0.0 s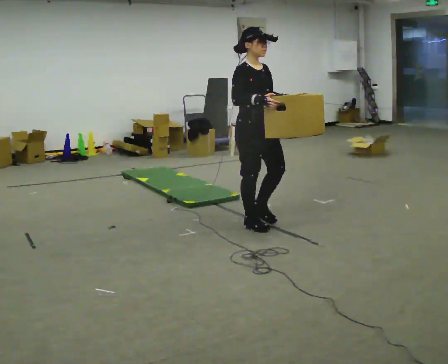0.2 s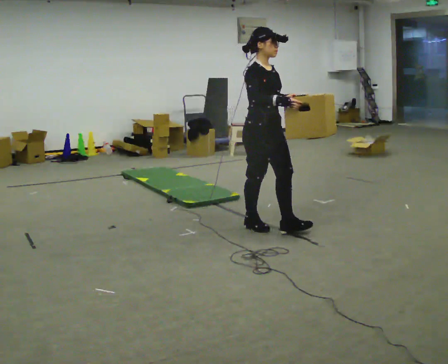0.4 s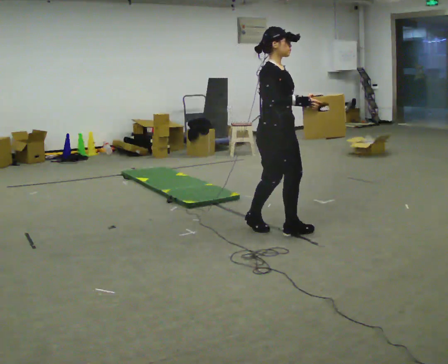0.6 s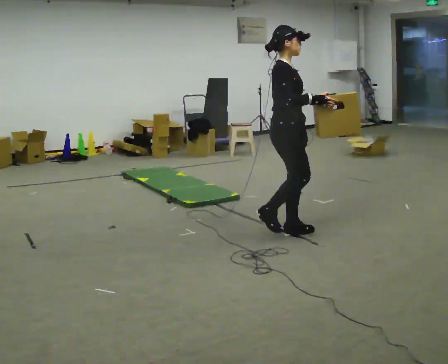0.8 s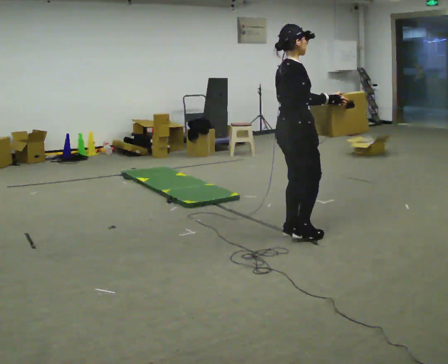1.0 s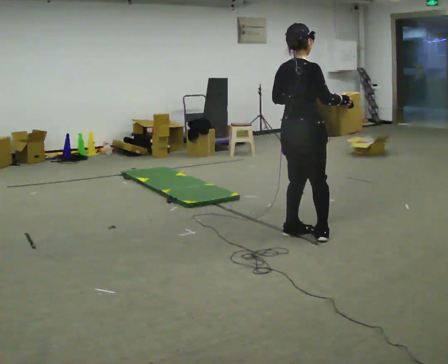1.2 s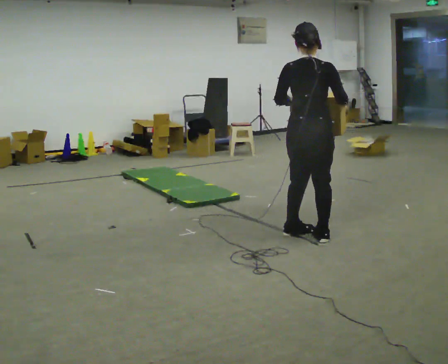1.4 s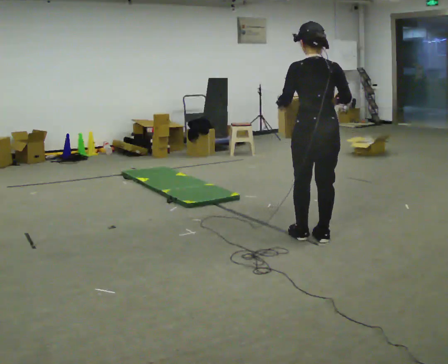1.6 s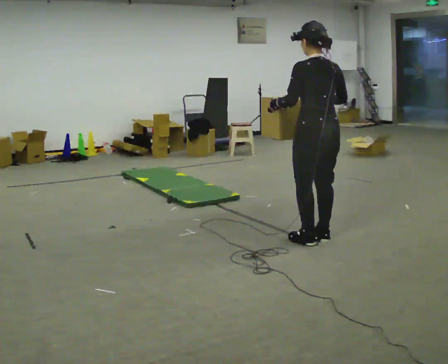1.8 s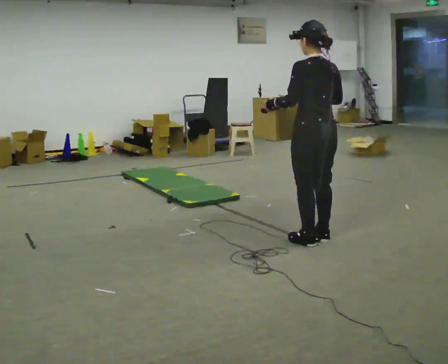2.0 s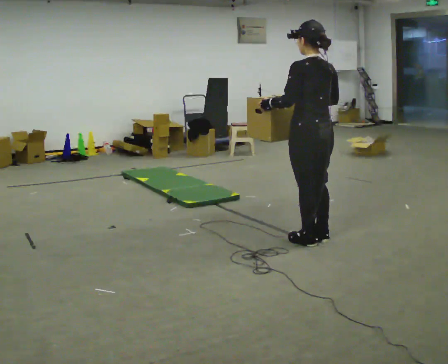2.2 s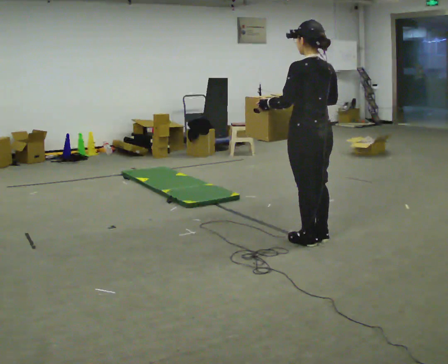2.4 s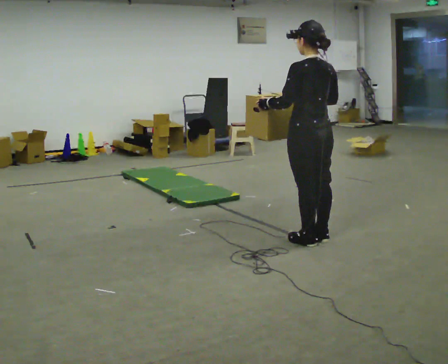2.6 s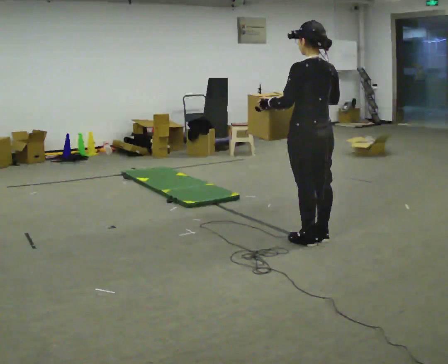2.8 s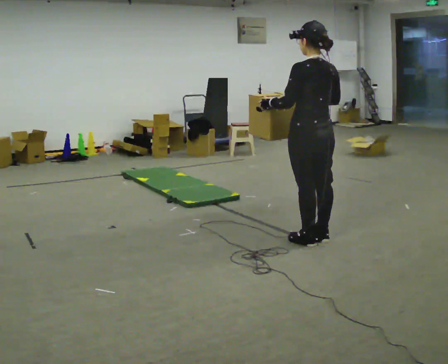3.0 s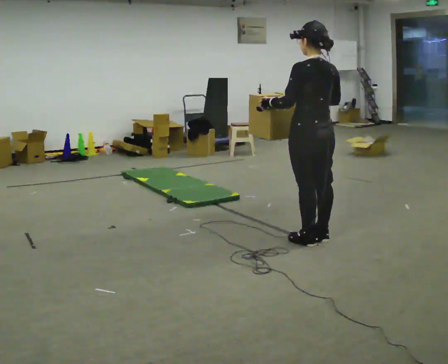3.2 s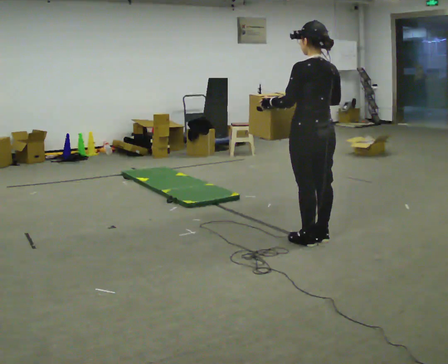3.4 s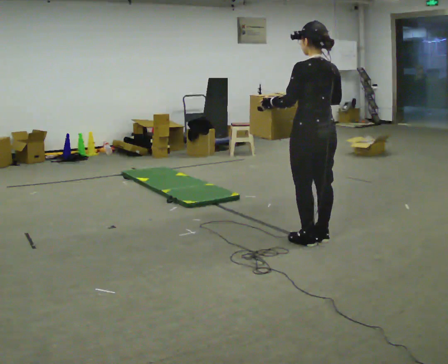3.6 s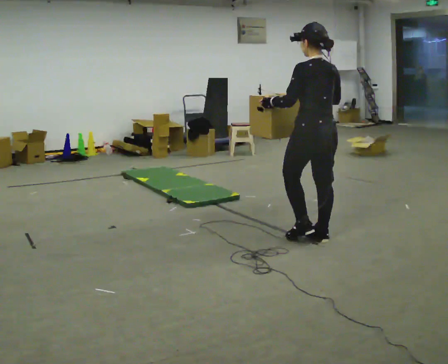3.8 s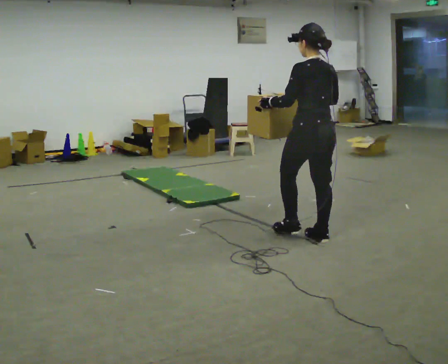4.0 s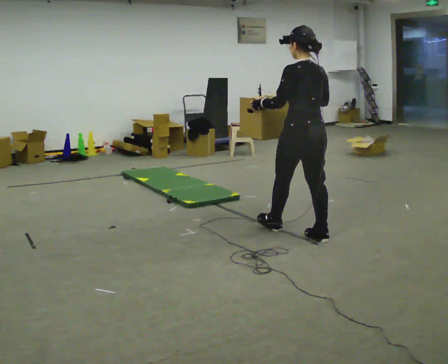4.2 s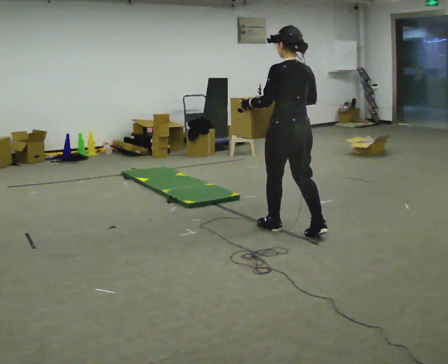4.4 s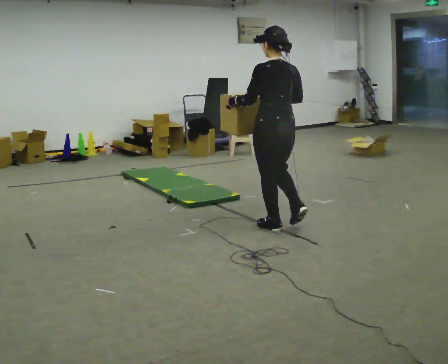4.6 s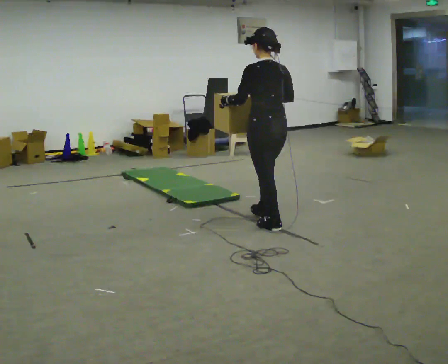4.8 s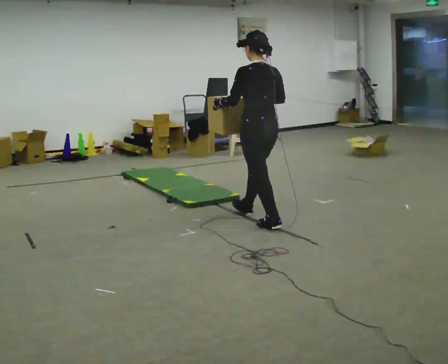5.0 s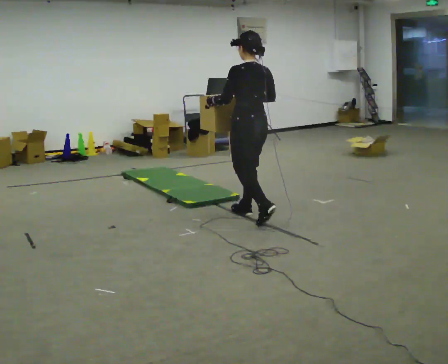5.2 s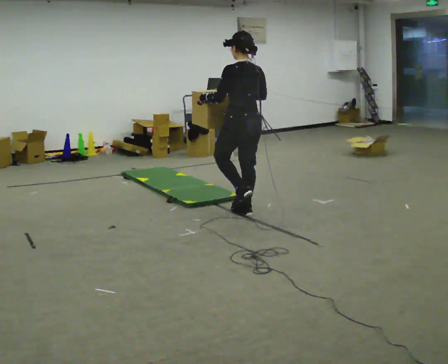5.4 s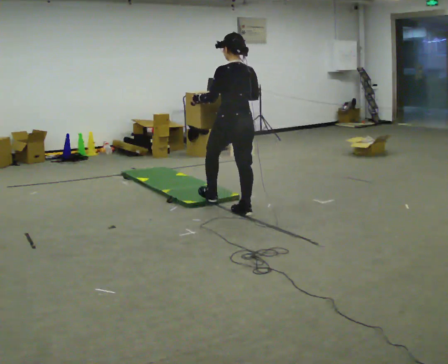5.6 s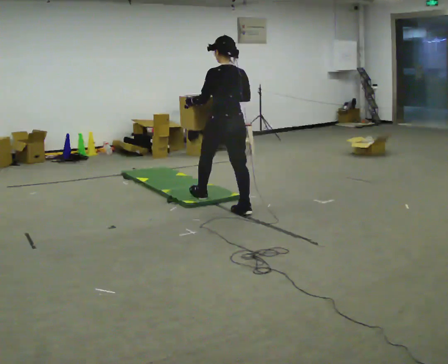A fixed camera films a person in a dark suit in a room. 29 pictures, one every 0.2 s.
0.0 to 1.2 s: The person turns about 120 degrees to their left, counterclockwise seen from above, so the part of the body nearest the lens slides to the right. In the picture they go to the right and toward the camera, about 0.5 m in 2 steps.
1.2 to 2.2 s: Seen from above the body turns counterclockwise, about 45 degrees: to their left, with its near side sliding to the right.
2.2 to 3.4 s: The person moves a little, or ends about where they began.
3.4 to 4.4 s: In the picture they go to the left and away from the camera, about 0.5 m in 1 step, which for them is forward.
4.4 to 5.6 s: In the picture they go away from the camera and to the left, about 1 m in 2 steps, which for them is forward.
The film runs forward here.
